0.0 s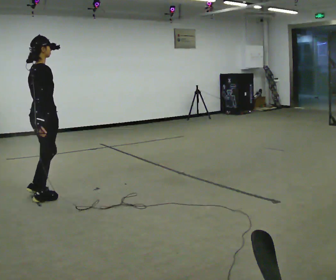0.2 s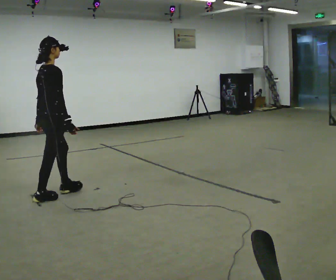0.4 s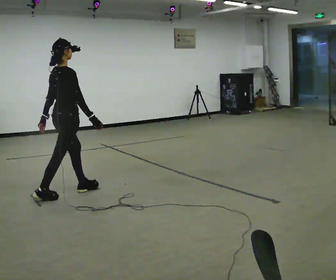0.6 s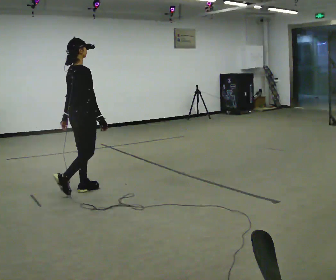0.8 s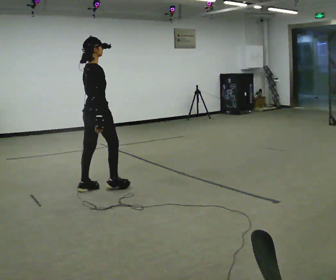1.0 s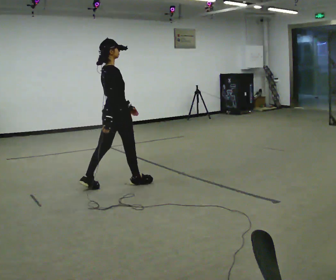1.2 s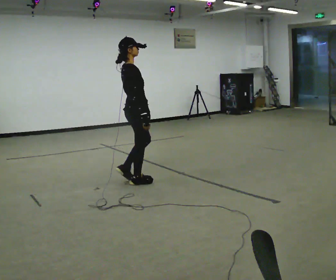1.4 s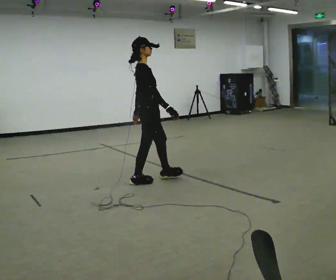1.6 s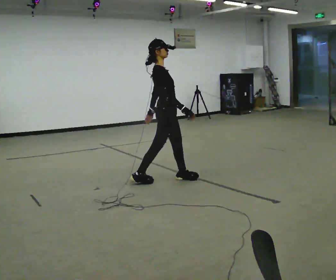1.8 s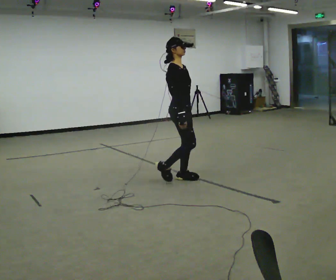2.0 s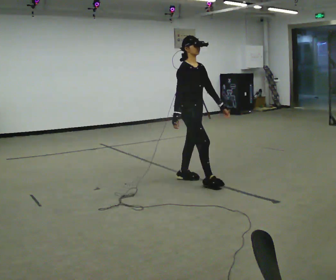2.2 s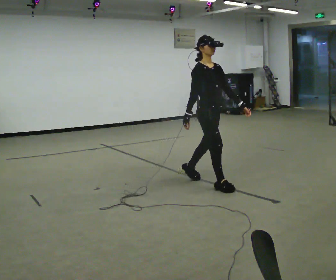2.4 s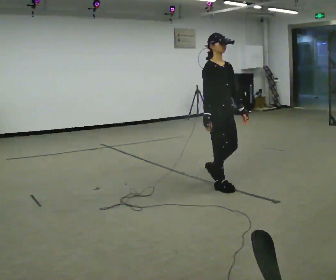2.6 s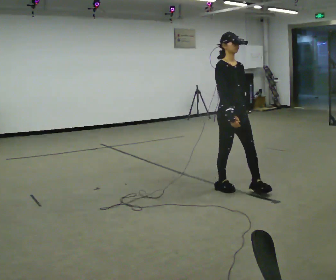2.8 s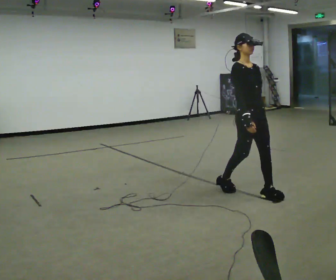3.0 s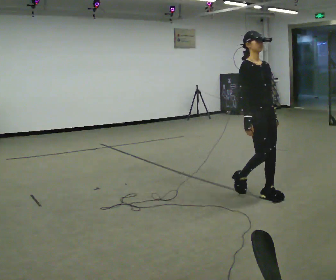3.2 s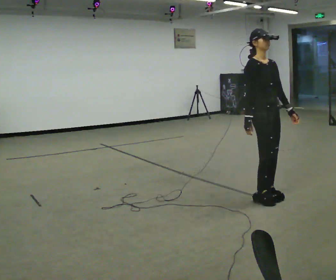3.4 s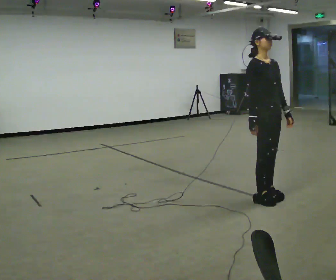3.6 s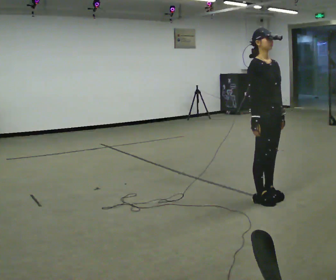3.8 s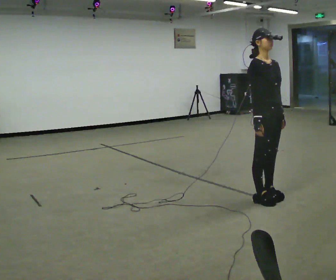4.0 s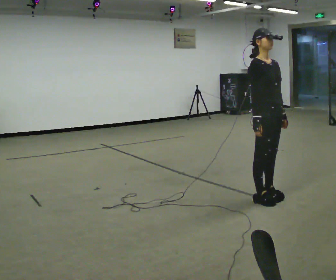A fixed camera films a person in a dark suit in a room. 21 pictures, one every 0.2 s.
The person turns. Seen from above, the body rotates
clockwise.
The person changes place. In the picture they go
to the right.
0.0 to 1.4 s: Seen from above the body turns clockwise, about 30 degrees: to their right, with its near side sliding to the left. In the picture they go to the right and away from the camera, about 1 m in 2 steps, which for them is forward.
1.4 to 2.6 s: The part of the body nearest the lens slides to the left as the person turns to their right by about 60 degrees. In the picture they go to the right and toward the camera, about 1 m in 2 steps, which for them is forward.
2.6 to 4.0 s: In the picture they go toward the camera and to the right, about 0.5 m in 2 steps, which for them is forward.
The film runs forward here.
